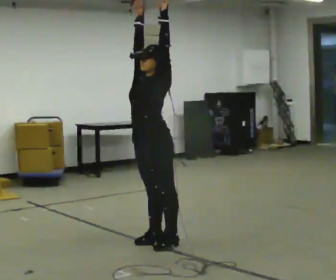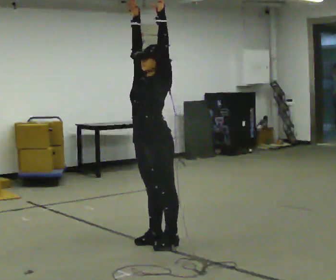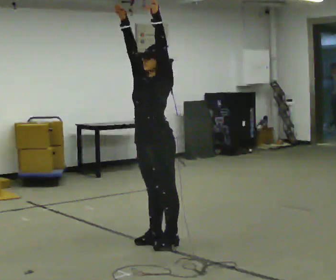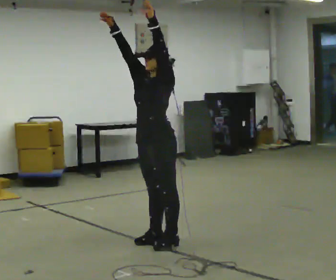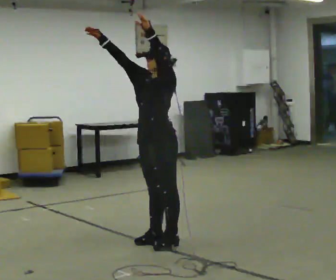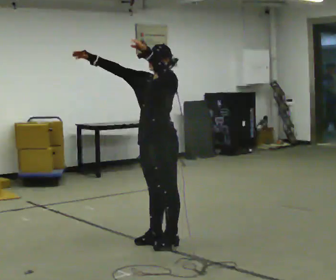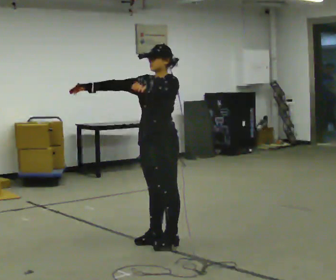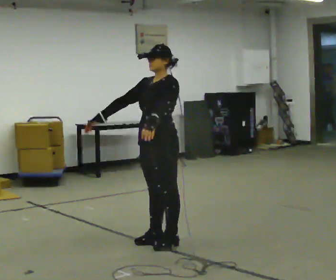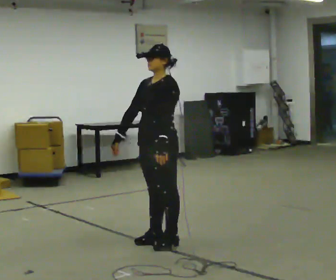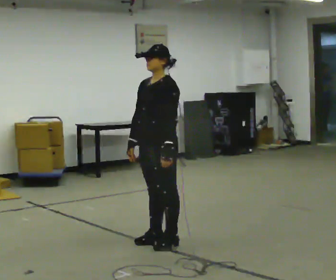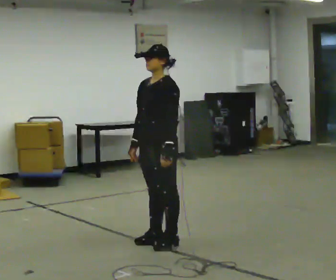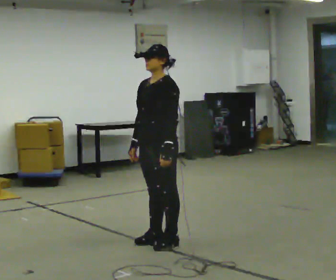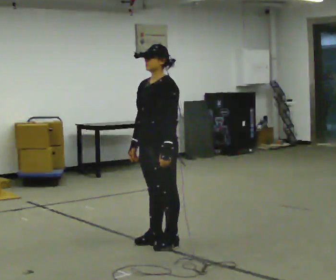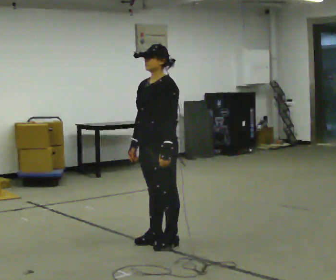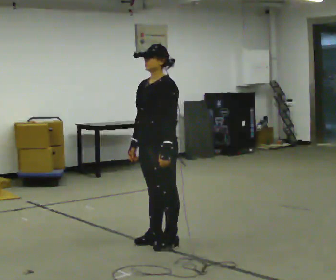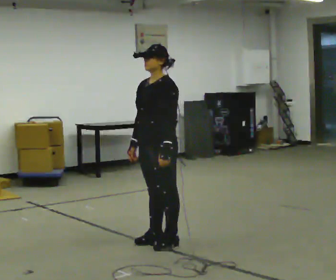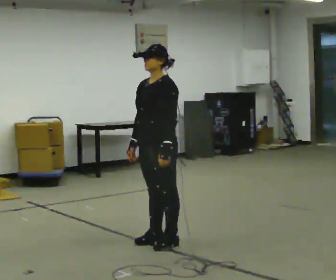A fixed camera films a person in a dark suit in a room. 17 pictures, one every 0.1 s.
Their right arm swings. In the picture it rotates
counterclockwise.
Their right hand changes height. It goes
downward.
0.0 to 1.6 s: In the picture their right hand goes downward, the arm swinging counterclockwise.
The film runs backward here.
